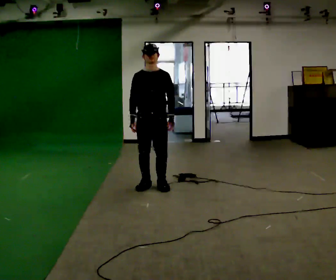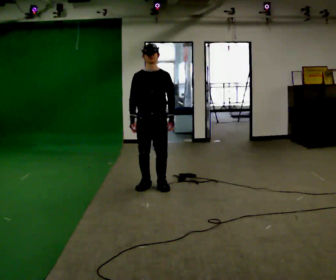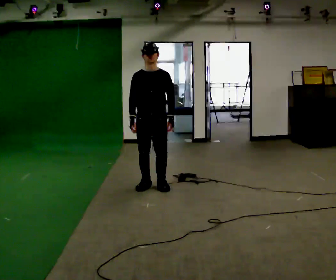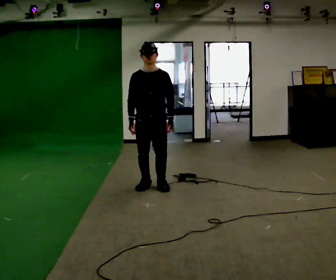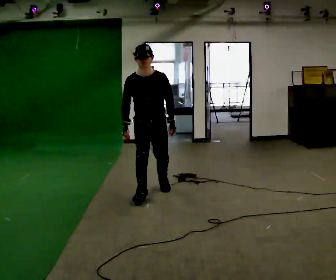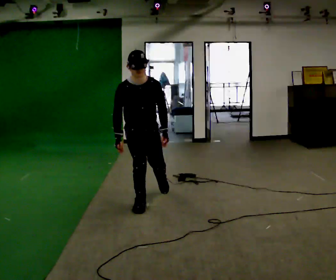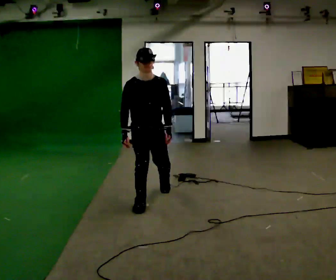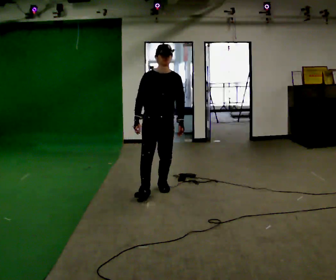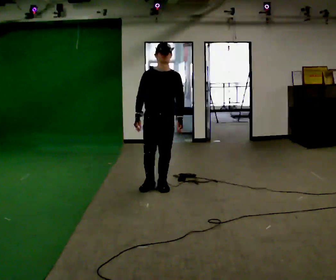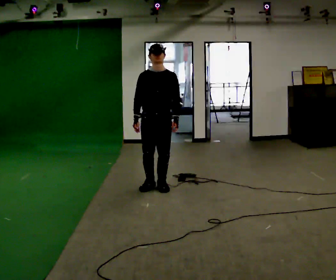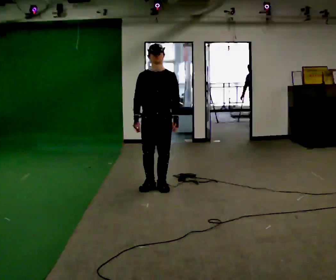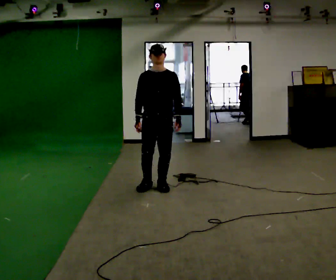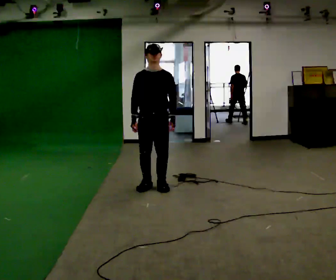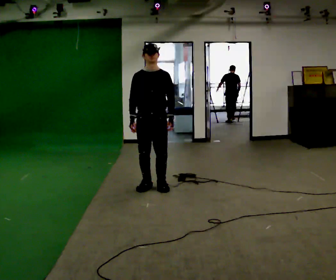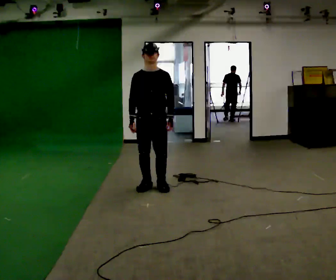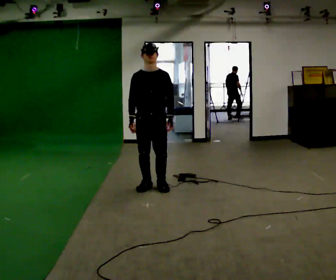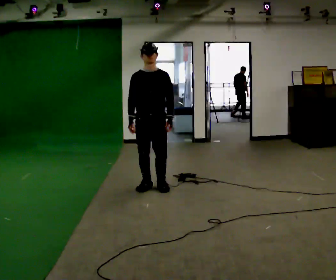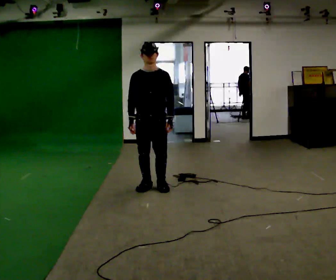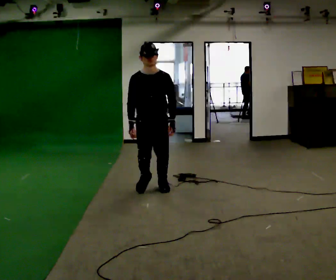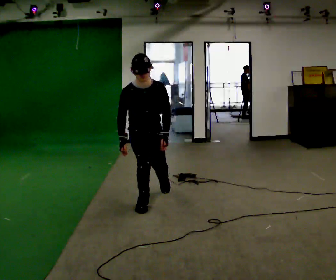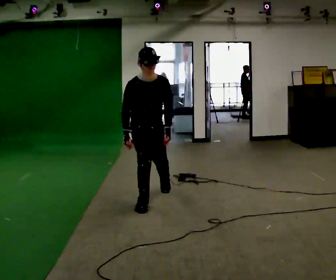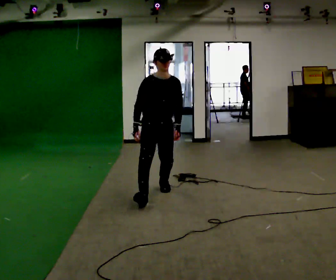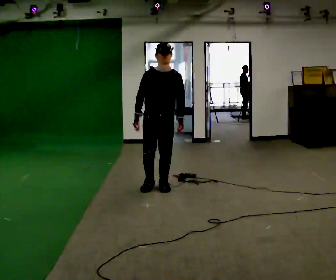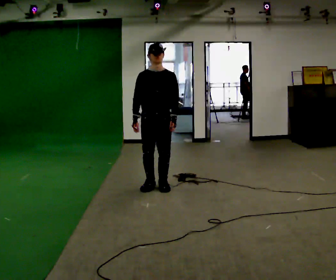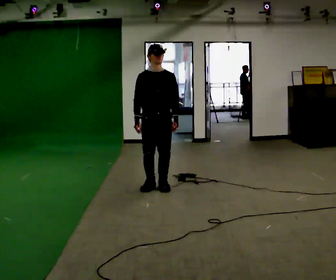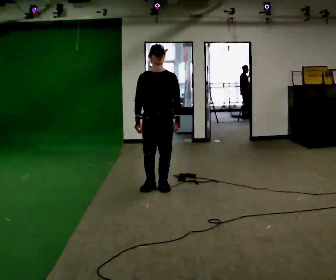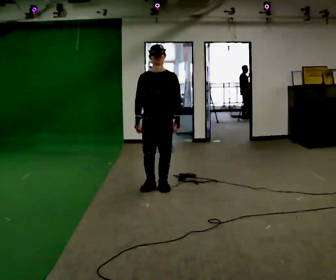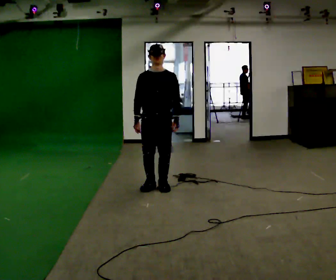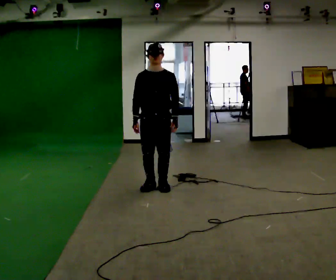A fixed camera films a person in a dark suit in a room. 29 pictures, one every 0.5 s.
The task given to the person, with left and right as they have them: Stand on the marked spots with your feet together. Lean forward from the ankles, keeping your body straight, until you cannot hold it any longer, then step forward to catch yourself. Return to the spots. Repeat at your own pace until the operator says stop. Go slowly and only as far as you are comfortable. Step whenever you need to; do not try to hold on longer than feels safe.
0.0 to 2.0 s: In the picture they go toward the camera, about 0.25 m, which for them is forward. The upper body tips toward the camera, its near side rolling downward, as they bend forward.
2.0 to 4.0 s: In the picture they go away from the camera, about 0.25 m in 3 steps, which for them is backward and to their left.
4.0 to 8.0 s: The person moves a little, or ends about where they began.
8.0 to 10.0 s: In the picture they go toward the camera, about 0.5 m in 1 step, which for them is forward.
10.0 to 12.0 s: In the picture they go away from the camera, about 0.5 m in 2 steps, which for them is backward. The upper body tips away from the camera, its near side rolling upward, as they lean back or straighten.
12.0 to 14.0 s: The person moves a little, or ends about where they began.
The film runs forward here.
